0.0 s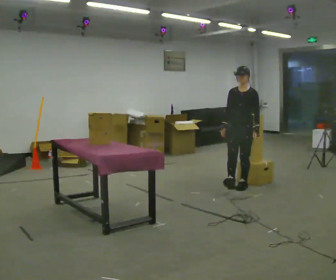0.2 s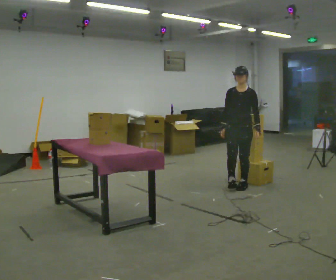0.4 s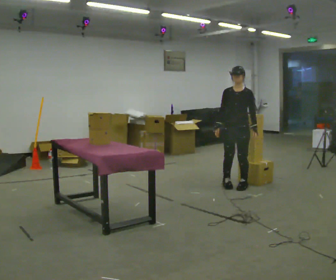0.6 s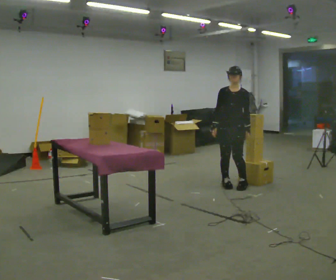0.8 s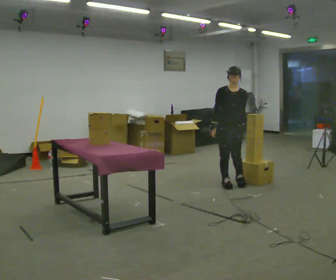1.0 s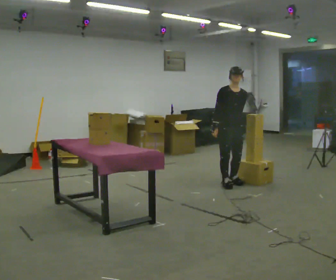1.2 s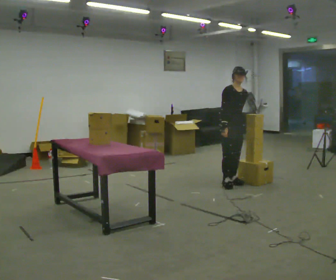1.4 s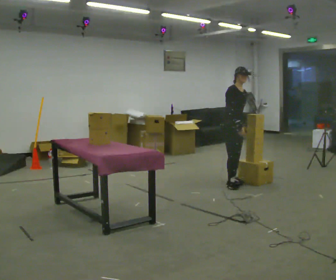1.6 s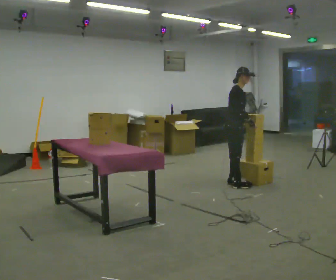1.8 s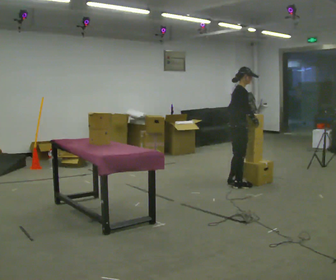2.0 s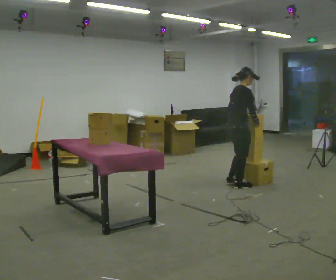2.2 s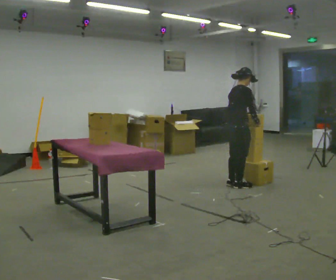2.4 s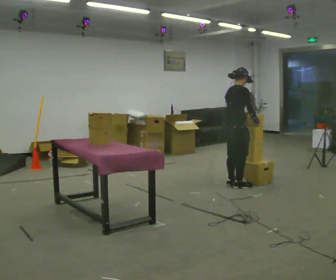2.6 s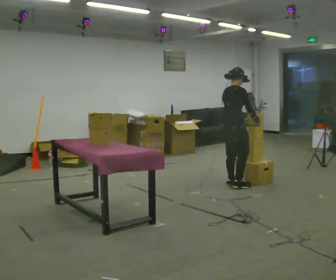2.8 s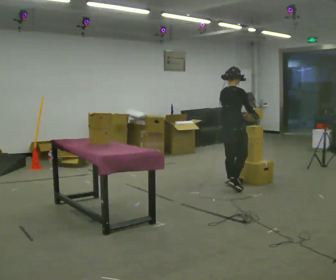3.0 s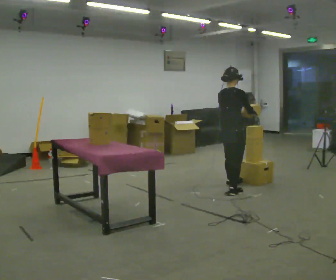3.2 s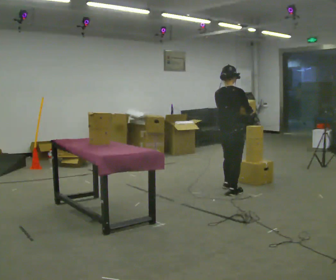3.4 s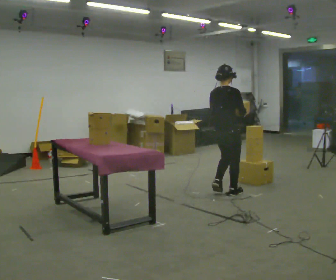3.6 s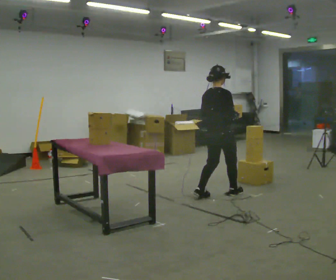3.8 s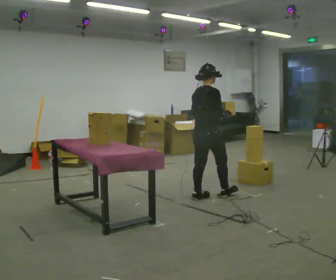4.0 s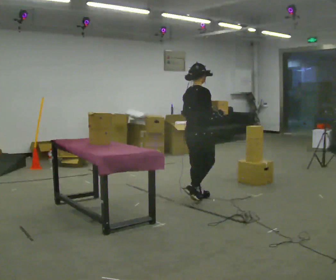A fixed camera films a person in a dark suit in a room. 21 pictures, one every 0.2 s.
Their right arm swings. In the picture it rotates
counterclockwise.
0.0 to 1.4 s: The part of the body nearest the lens slides to the right as the person turns to their left by about 60 degrees. In the picture they go away from the camera, about 0.25 m in 2 steps.
1.4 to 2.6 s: Seen from above the body turns counterclockwise, about 75 degrees: to their left, with its near side sliding to the right. In the picture their right hand goes to the right, the arm swinging counterclockwise.
2.6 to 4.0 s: In the picture they go toward the camera and to the left, about 0.5 m in 2 steps, which for them is backward.
The film runs backward here.
